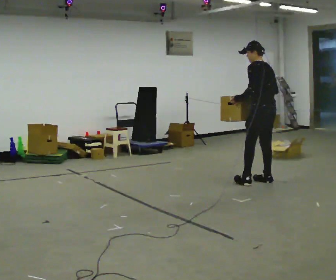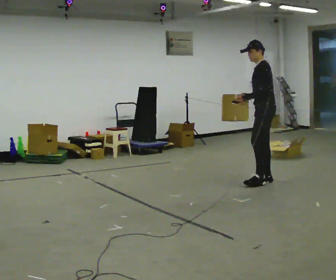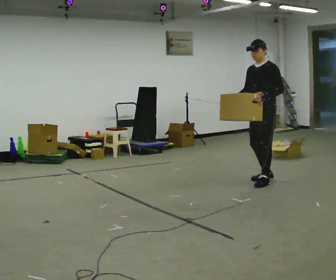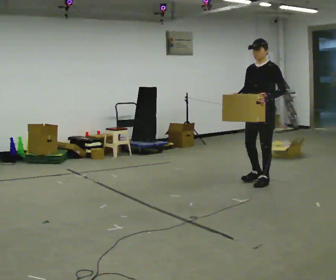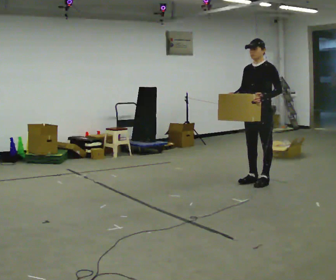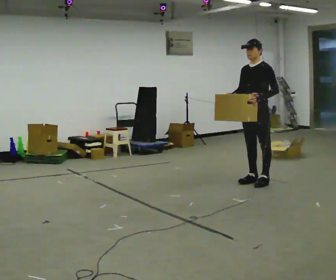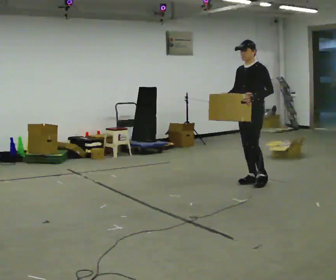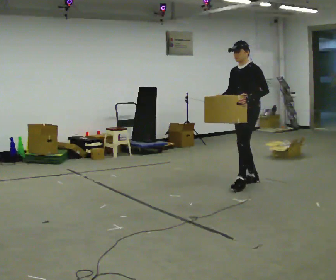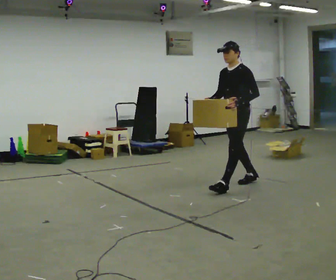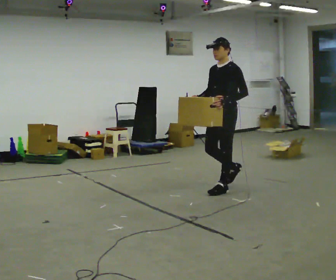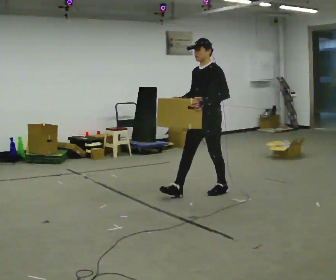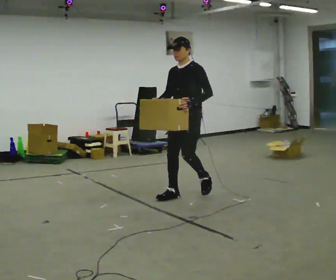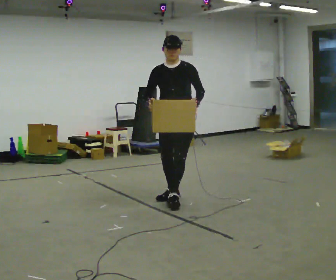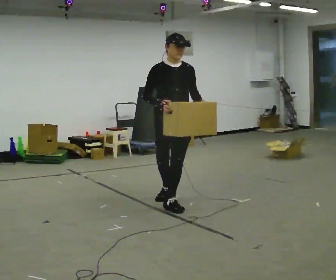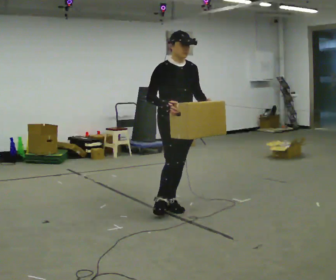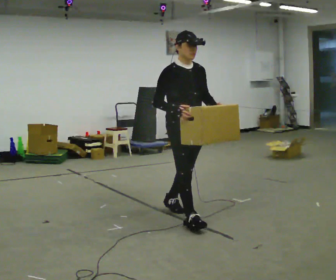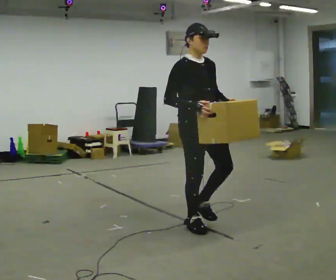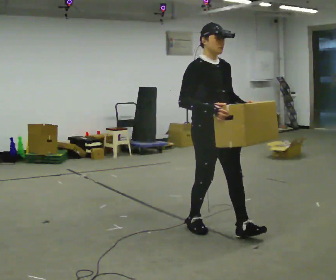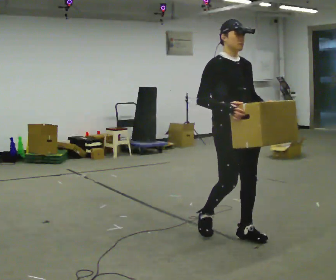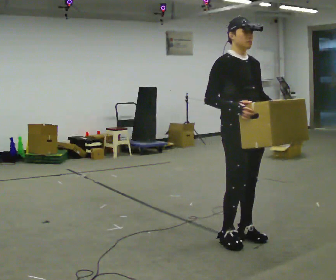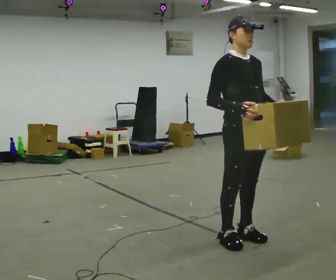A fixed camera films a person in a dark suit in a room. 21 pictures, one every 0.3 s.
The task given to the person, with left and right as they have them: Carry the box along the marked route, turning 90 degrees at the corner the operator calls, and set it down at the end. Keep going until the operator says stop; one object at a time, and do not rush between trips.
0.0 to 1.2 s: The person turns about 90 degrees to their left, counterclockwise seen from above, so the part of the body nearest the lens slides to the right. In the picture their right hand goes to the left.
1.2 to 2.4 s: In the picture they go to the left and toward the camera, about 0.25 m in 1 step, which for them is forward.
2.4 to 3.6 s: The person turns about 45 degrees to their left, counterclockwise seen from above, so the part of the body nearest the lens slides to the right. In the picture they go to the left and toward the camera, about 1 m in 1 step, which for them is forward.
3.6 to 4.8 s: The part of the body nearest the lens slides to the right as the person turns to their left by about 45 degrees. In the picture they go toward the camera, about 1 m in 2 steps, which for them is forward.
4.8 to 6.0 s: In the picture they go toward the camera and to the right, about 0.5 m in 2 steps, which for them is forward.
The film runs forward here.
